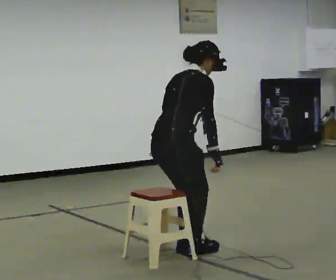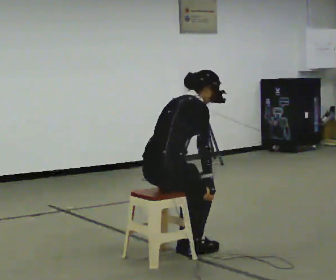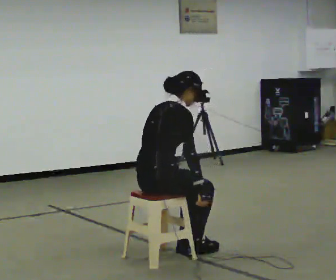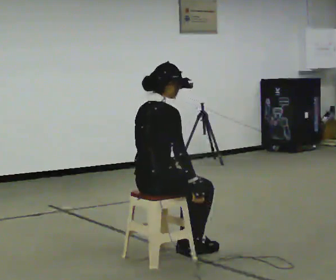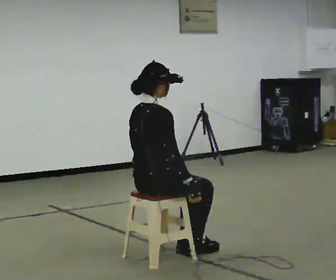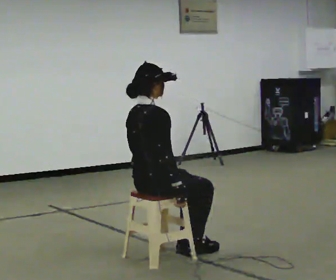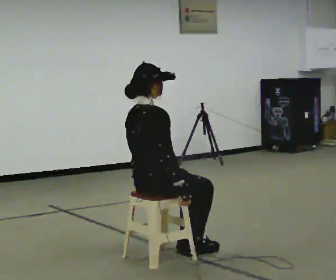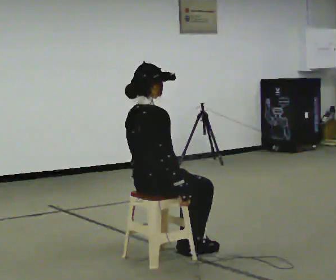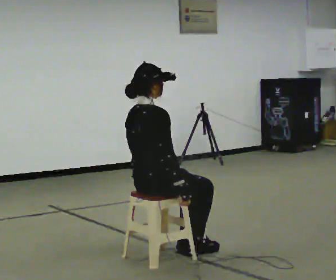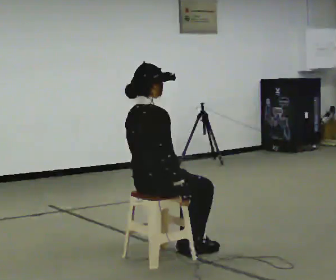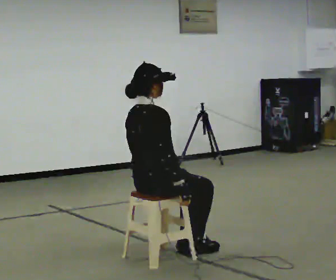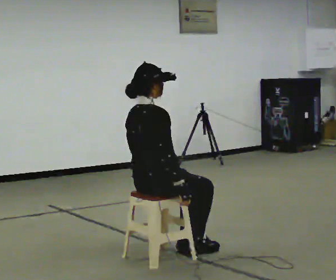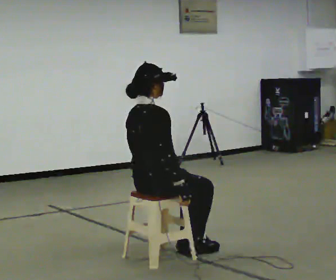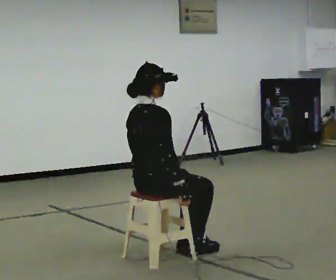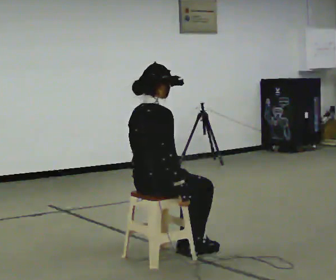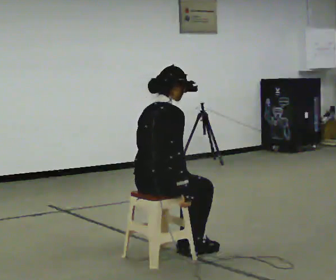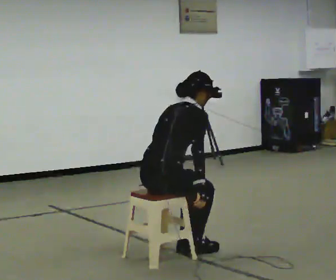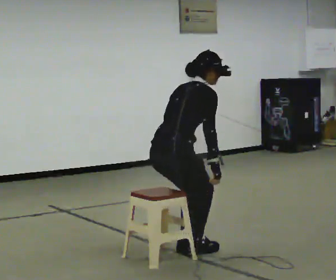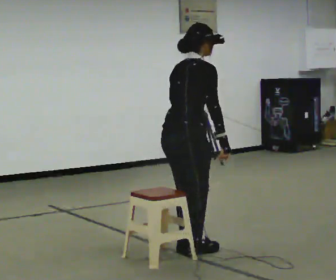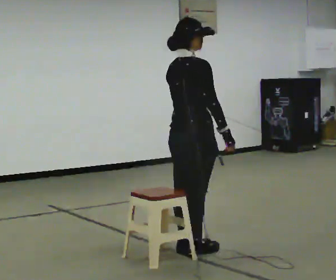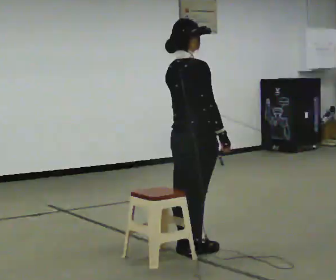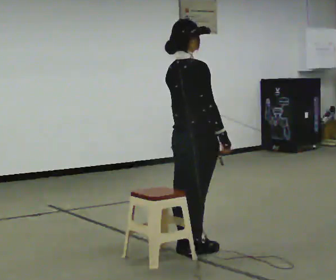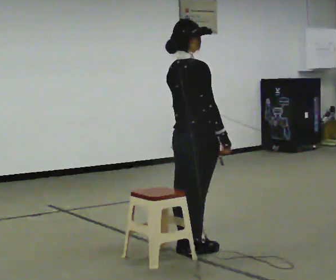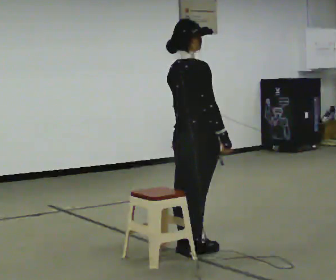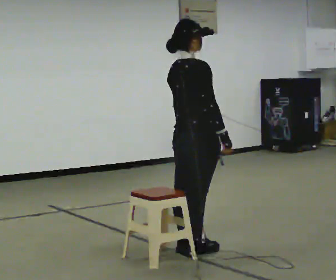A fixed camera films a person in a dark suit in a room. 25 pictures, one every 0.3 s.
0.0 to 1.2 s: The shoulders move downward.
1.2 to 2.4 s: The person moves a little, or ends about where they began.
2.4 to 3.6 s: The person keeps their place and pose.
3.6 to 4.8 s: In the picture the upper body tilts clockwise, shoulders to the right, as they bend forward.
4.8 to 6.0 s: In the picture they go to the right and away from the camera, about 0.25 m, which for them is forward. The upper body goes upward. In the picture the upper body tilts counterclockwise, shoulders to the left, as they lean back or straighten. In the picture their right hand goes upward.
6.0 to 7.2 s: The person keeps their place and pose.
The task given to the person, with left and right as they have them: Sit on the chair, stand up, then sit back down. Repeat the movement at your own pace until the operator says stop; do not rush.
The film runs forward here.
